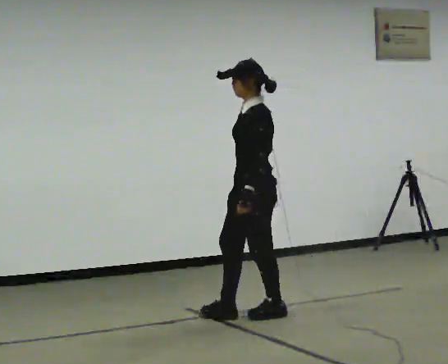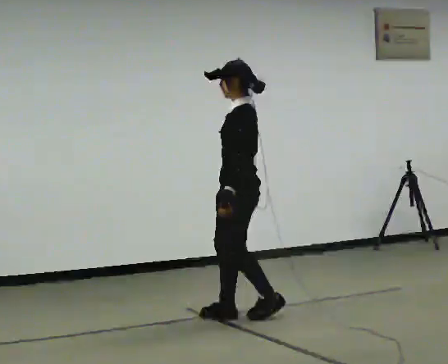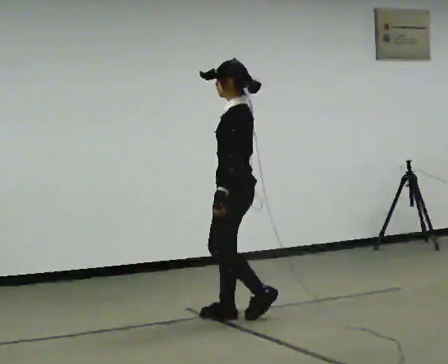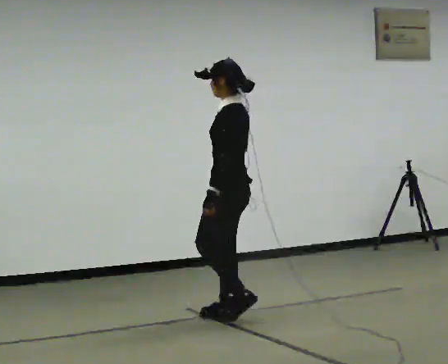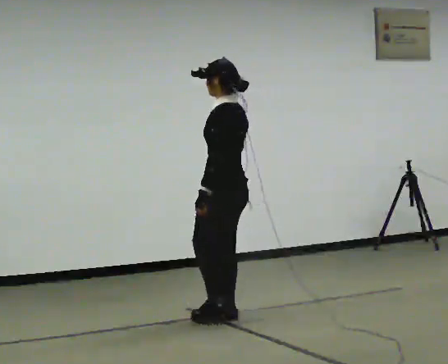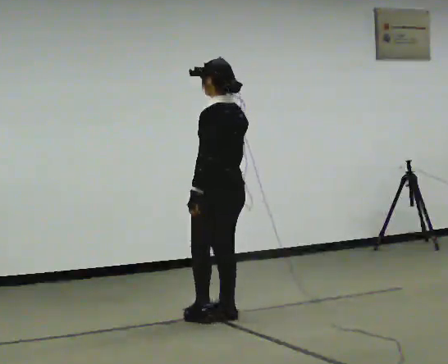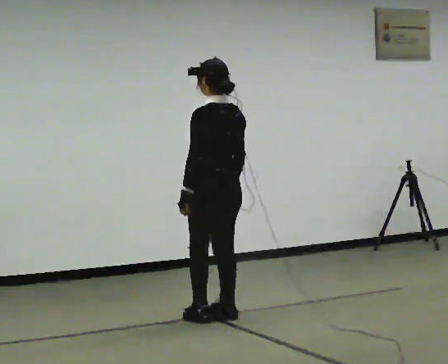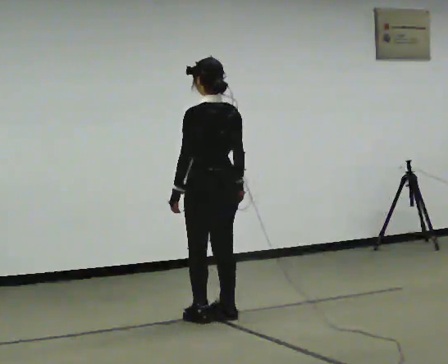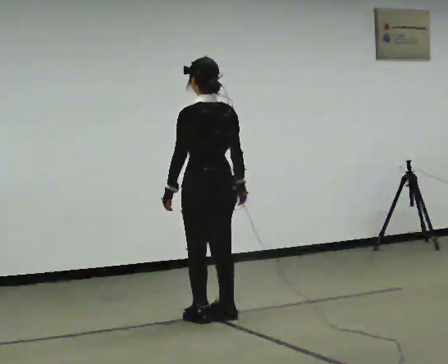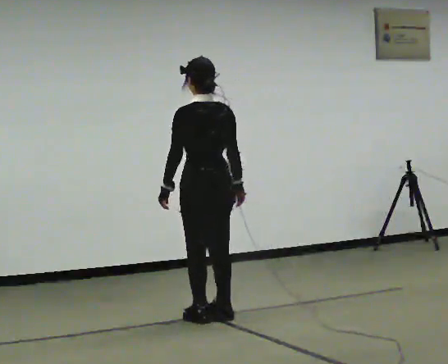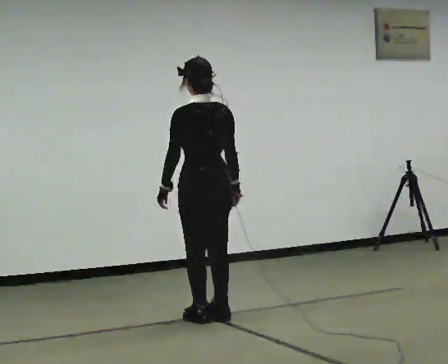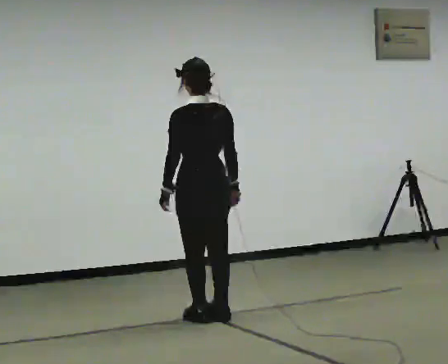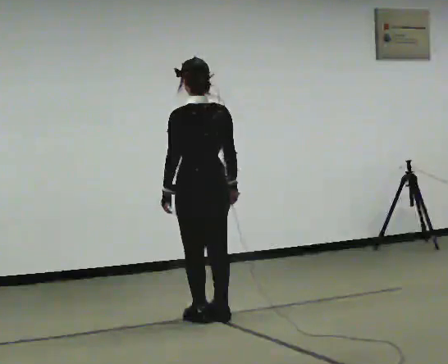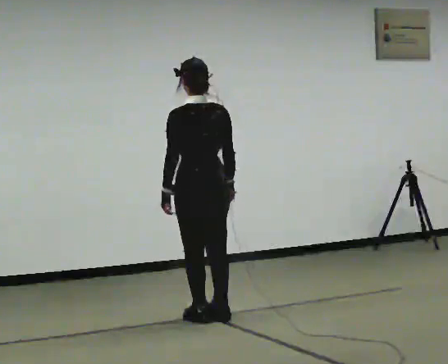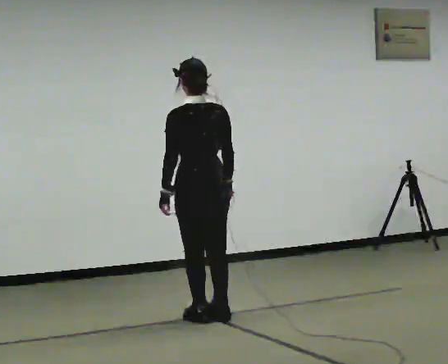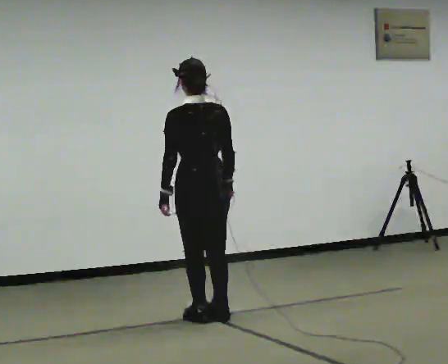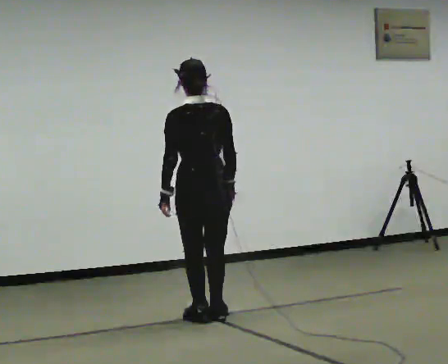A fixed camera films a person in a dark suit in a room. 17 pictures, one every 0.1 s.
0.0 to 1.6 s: The part of the body nearest the lens slides to the left as the person turns to their right by about 90 degrees. In the picture they go to the left, about 0.25 m in 1 step.
The film runs forward here.
